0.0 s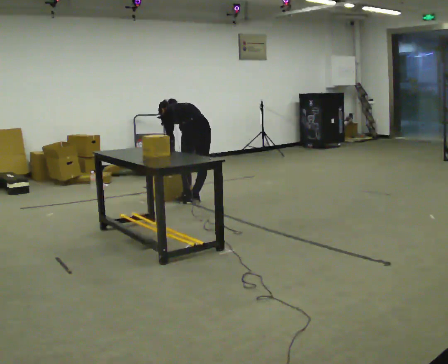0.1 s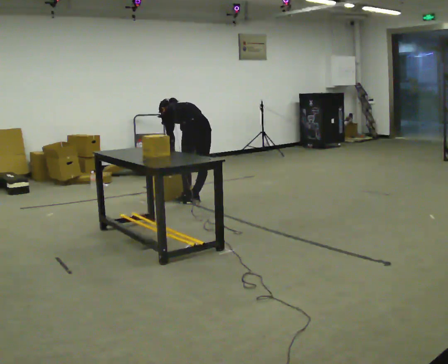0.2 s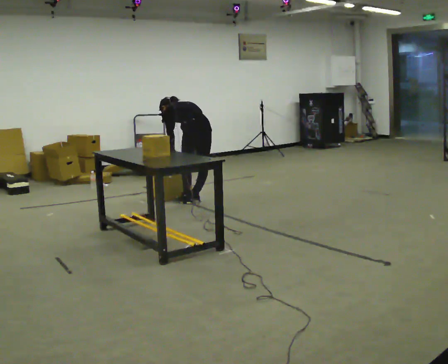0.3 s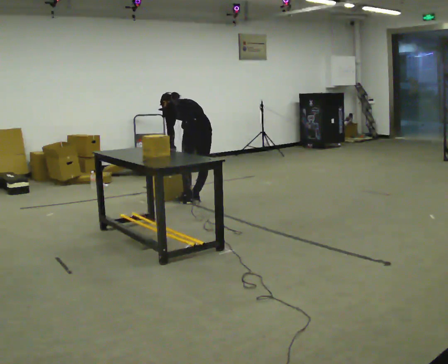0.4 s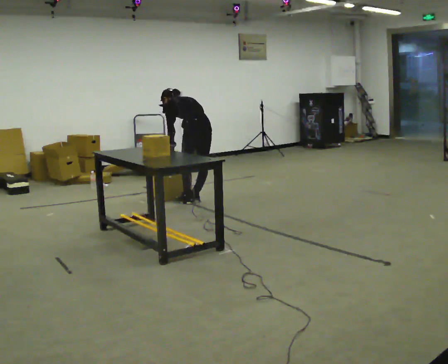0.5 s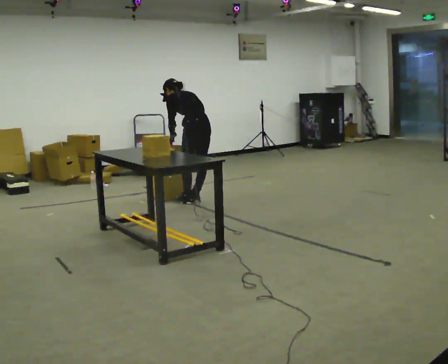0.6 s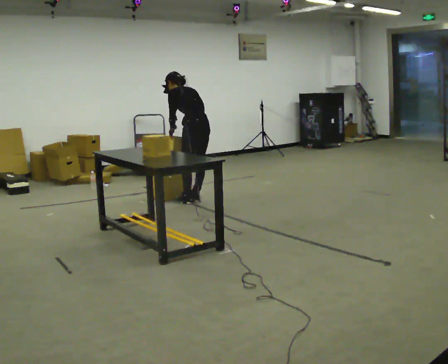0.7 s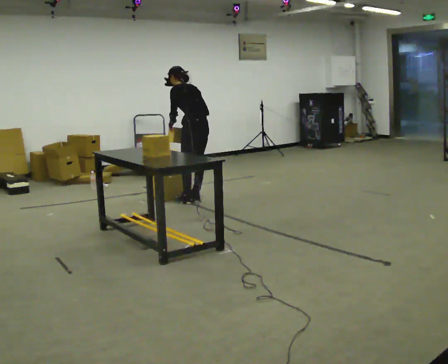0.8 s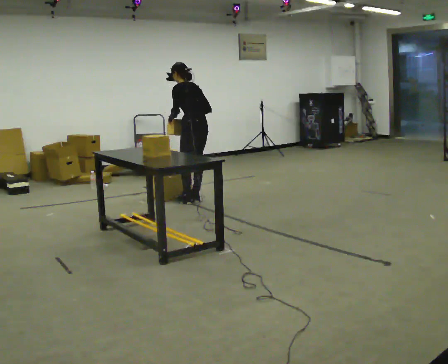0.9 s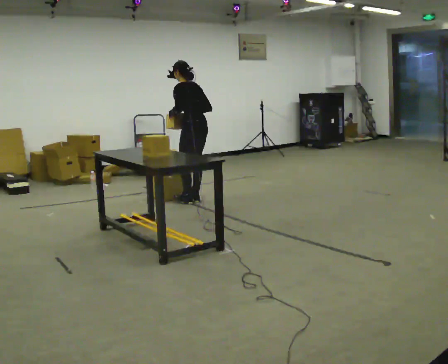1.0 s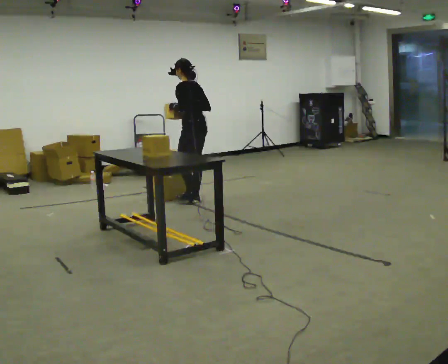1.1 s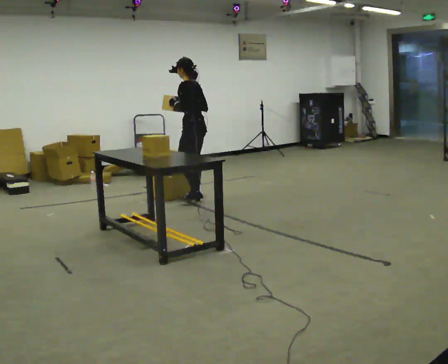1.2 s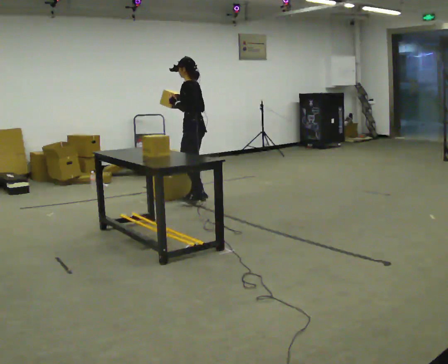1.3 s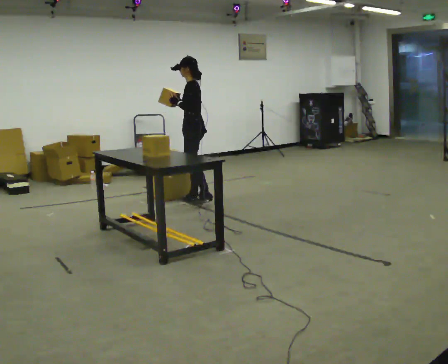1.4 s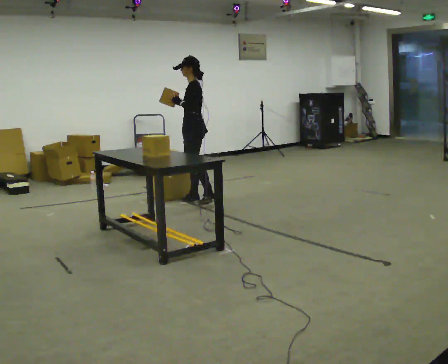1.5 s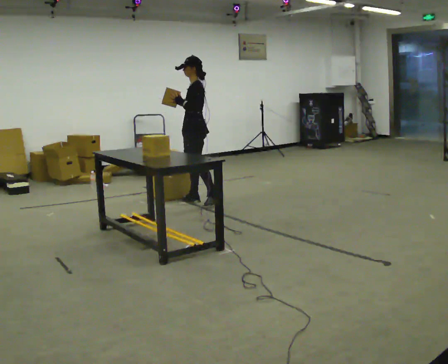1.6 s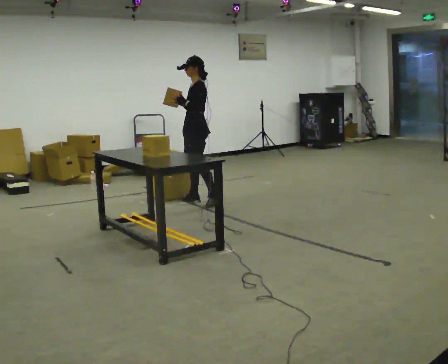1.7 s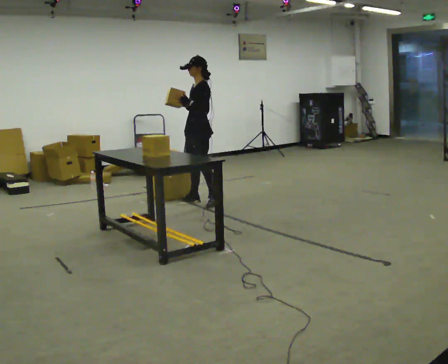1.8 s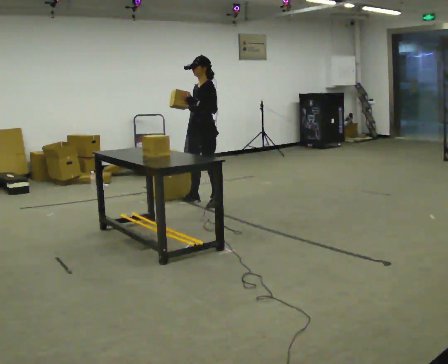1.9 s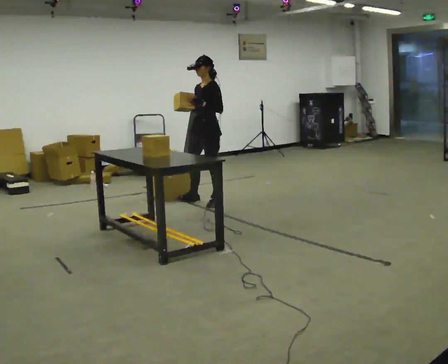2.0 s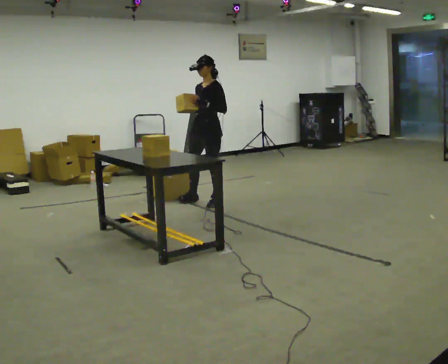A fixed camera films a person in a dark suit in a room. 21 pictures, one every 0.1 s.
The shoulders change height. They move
upward.
The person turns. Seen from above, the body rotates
counterclockwise.
0.0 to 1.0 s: Seen from above the body turns counterclockwise, about 30 degrees: to their left, with its near side sliding to the right. The shoulders move upward. The upper body tips toward the camera, its near side rolling downward, as they lean back or straighten. In the picture their left hand goes upward.
1.0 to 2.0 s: The part of the body nearest the lens slides to the right as the person turns to their left by about 75 degrees.
The film runs forward here.
